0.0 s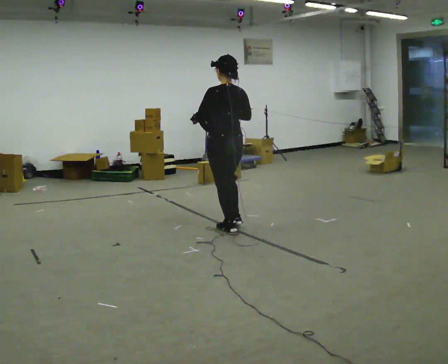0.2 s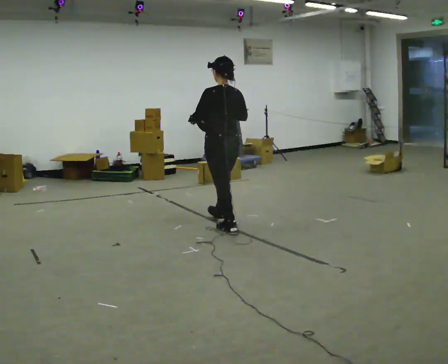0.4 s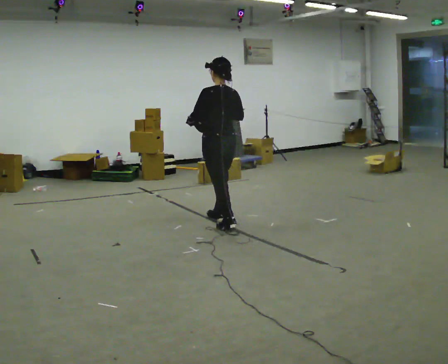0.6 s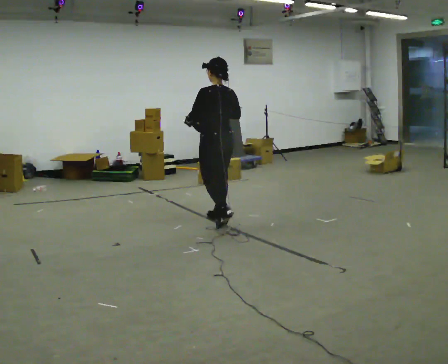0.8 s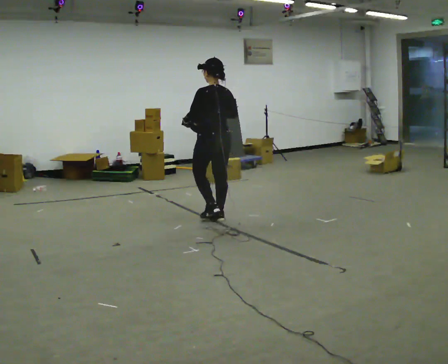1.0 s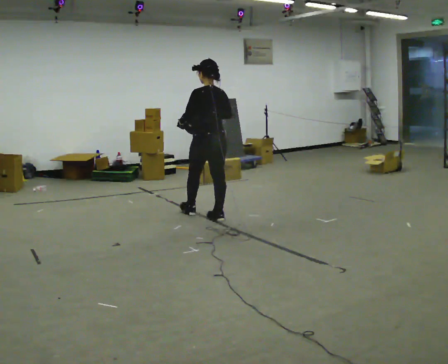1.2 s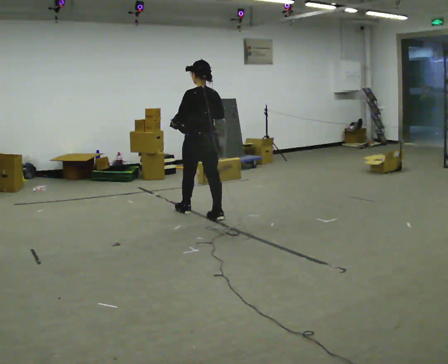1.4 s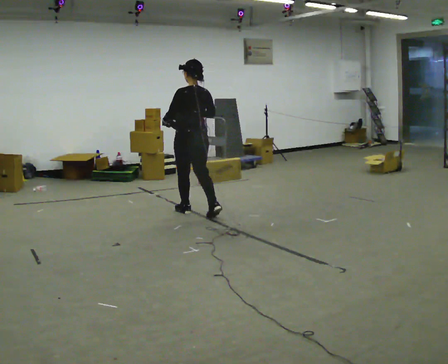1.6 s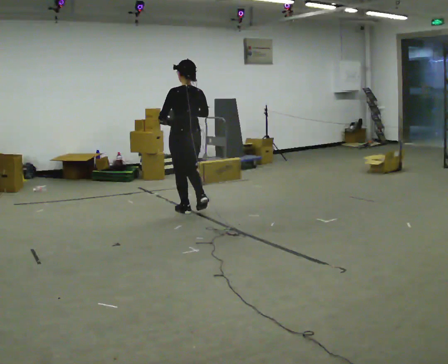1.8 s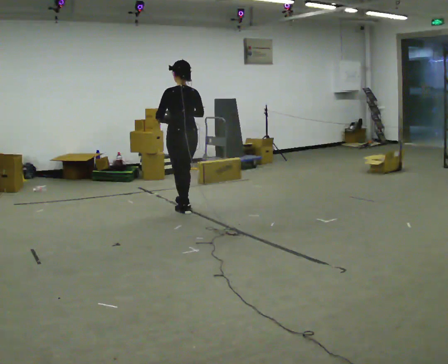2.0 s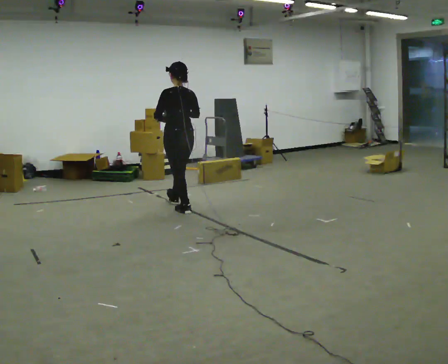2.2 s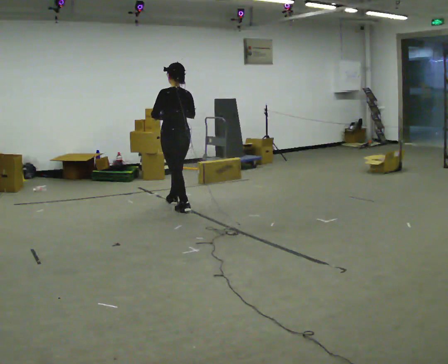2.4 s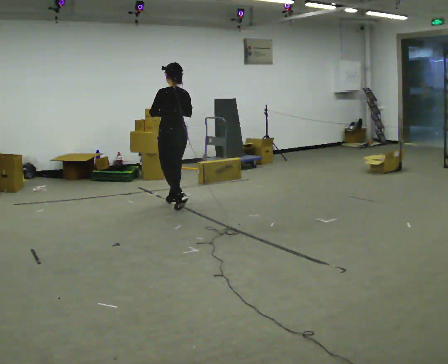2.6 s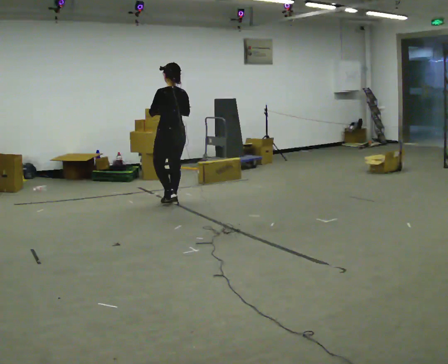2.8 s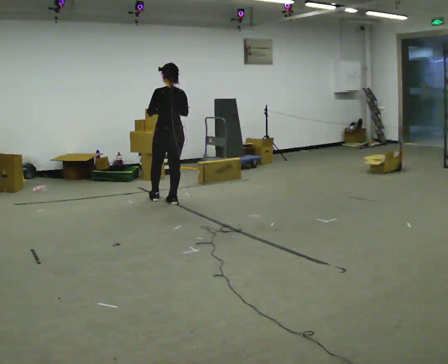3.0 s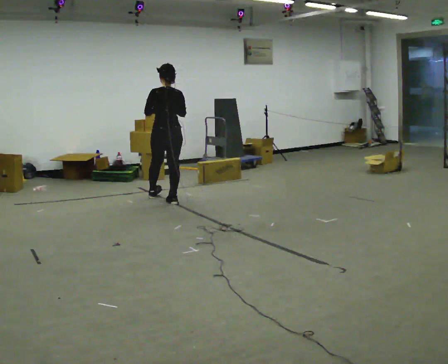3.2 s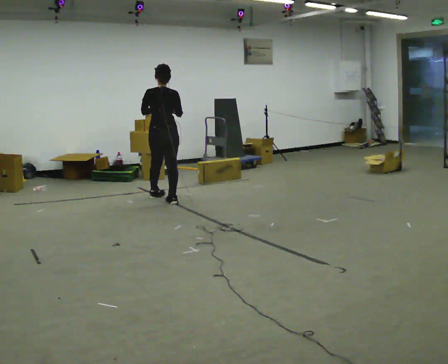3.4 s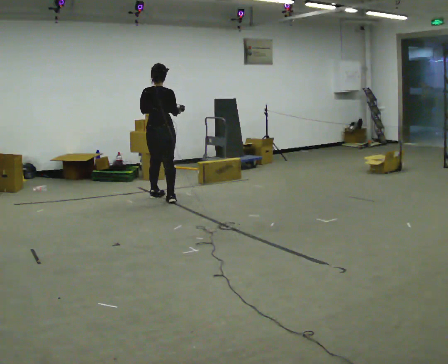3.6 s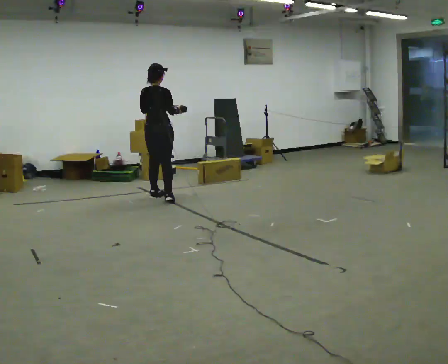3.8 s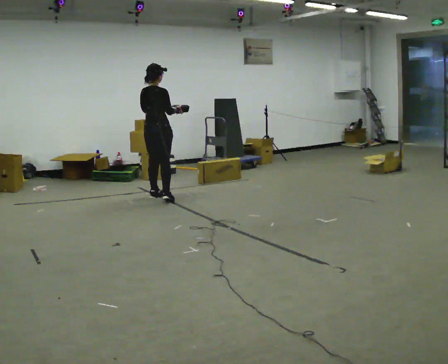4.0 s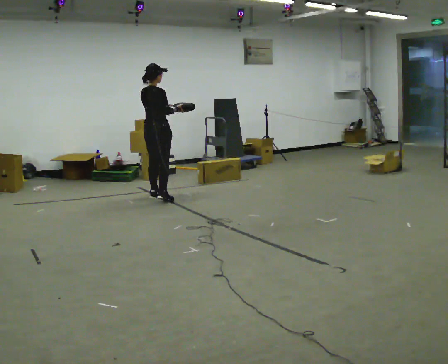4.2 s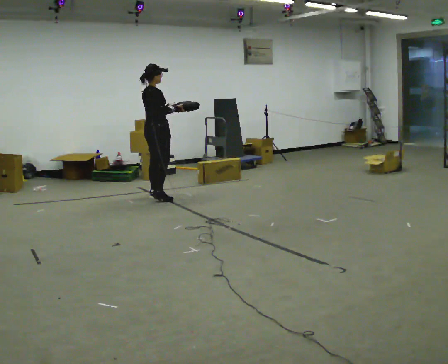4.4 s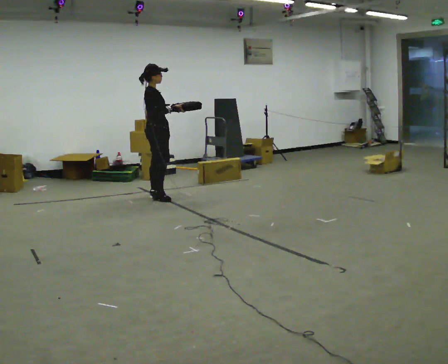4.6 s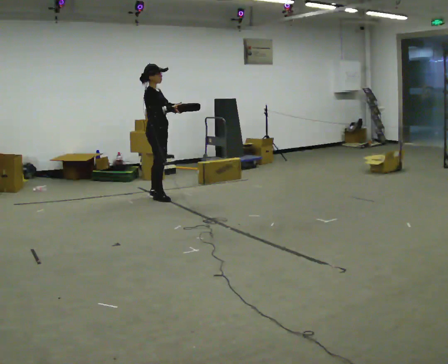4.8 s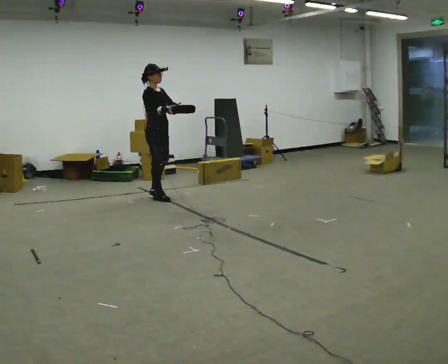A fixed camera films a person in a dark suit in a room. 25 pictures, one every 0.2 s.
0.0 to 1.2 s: In the picture they go away from the camera and to the left, about 0.5 m in 2 steps, which for them is forward.
1.2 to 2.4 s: In the picture they go away from the camera and to the left, about 0.5 m in 1 step, which for them is forward.
2.4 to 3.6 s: The part of the body nearest the lens slides to the left as the person turns to their right by about 60 degrees. In the picture they go away from the camera and to the left, about 0.5 m in 1 step.
3.6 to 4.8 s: Seen from above the body turns clockwise, about 90 degrees: to their right, with its near side sliding to the left.
The film runs forward here.
